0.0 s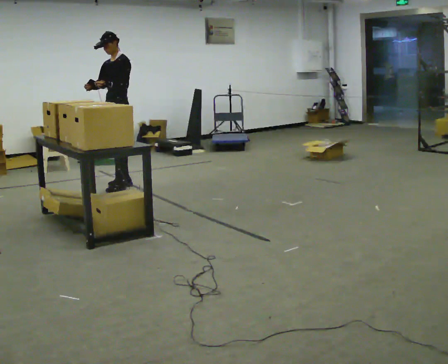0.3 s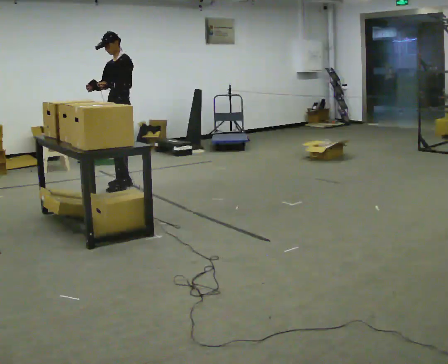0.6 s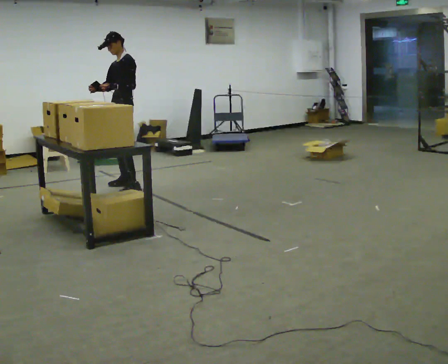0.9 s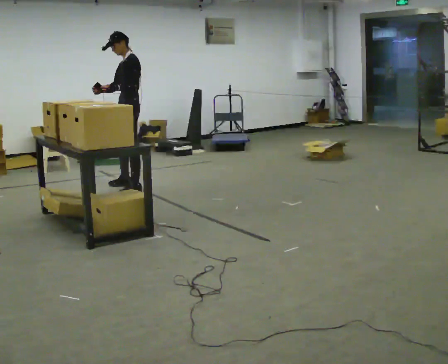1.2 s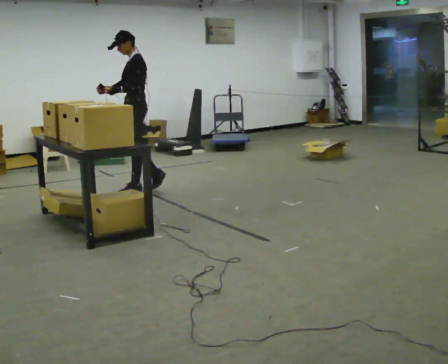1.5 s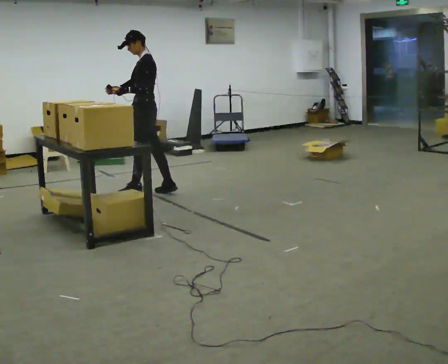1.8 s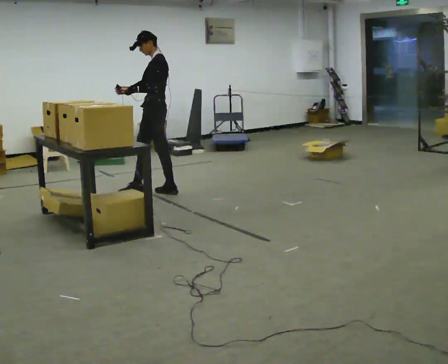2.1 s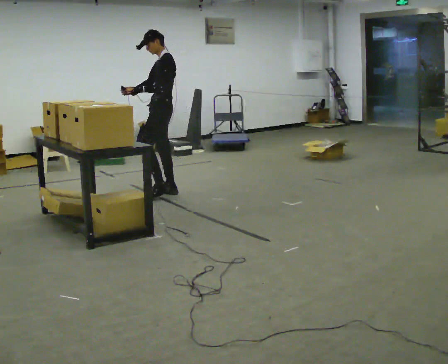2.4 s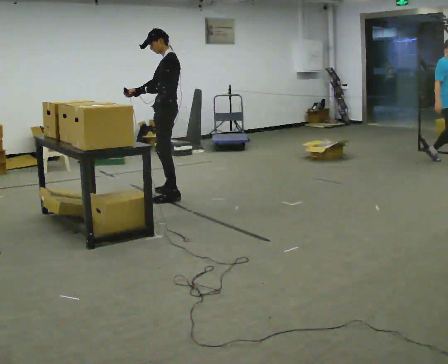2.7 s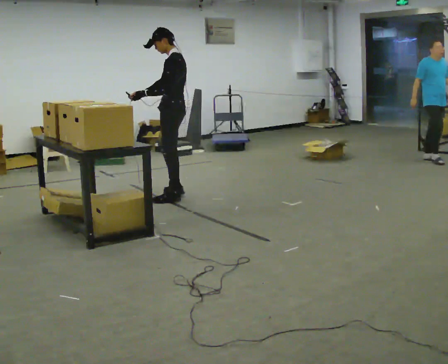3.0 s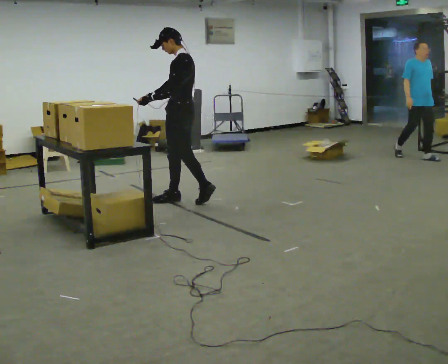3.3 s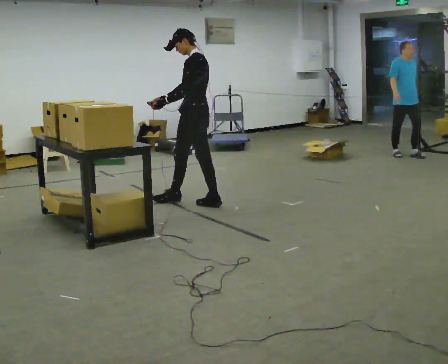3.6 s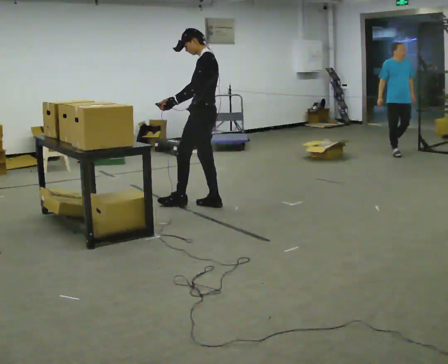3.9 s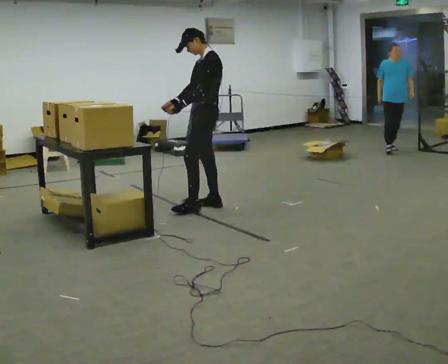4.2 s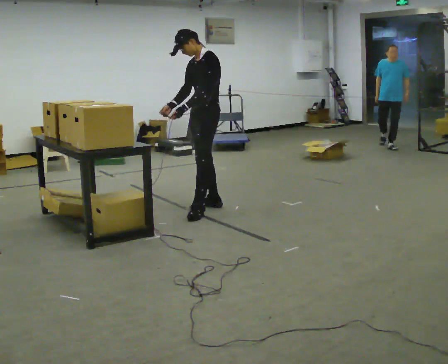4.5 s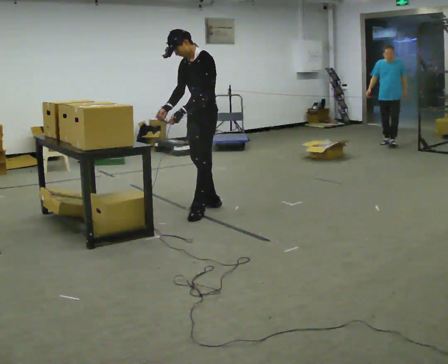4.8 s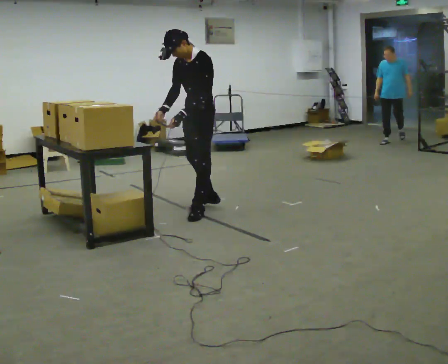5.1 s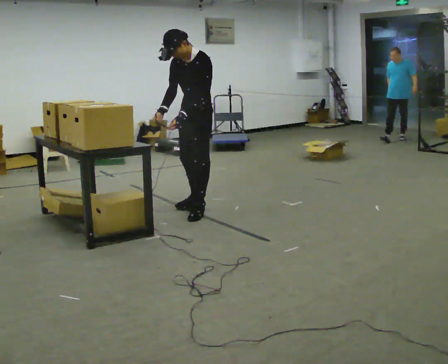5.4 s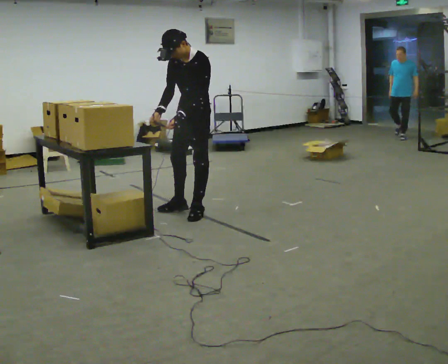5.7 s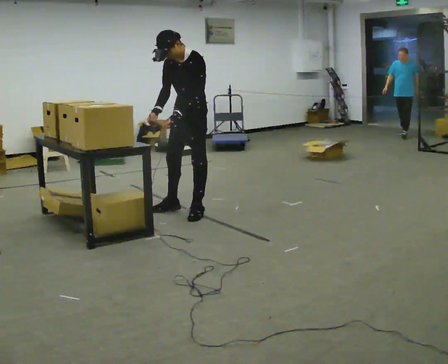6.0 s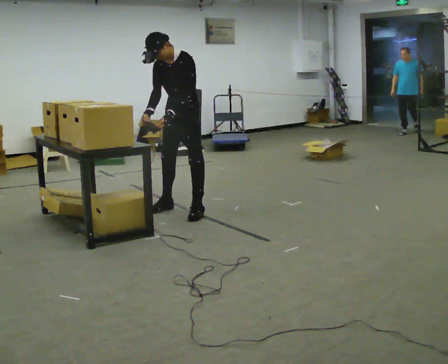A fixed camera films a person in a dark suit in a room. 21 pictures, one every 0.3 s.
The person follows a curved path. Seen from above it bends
clockwise.
The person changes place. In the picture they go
toward the camera.
0.0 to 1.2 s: The part of the body nearest the lens slides to the left as the person turns to their right by about 30 degrees. In the picture they go toward the camera and to the right, about 0.25 m in 2 steps, which for them is to their left.
1.2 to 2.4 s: In the picture they go to the right and toward the camera, about 0.5 m in 1 step, which for them is backward and to their left.
2.4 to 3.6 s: In the picture they go toward the camera and to the right, about 0.5 m in 2 steps, which for them is backward and to their left.
3.6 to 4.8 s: The person turns about 45 degrees to their left, counterclockwise seen from above, so the part of the body nearest the lens slides to the right. In the picture they go toward the camera, about 0.25 m, which for them is to their left and forward. The upper body tips toward the camera, its near side rolling downward, as they bend forward.
4.8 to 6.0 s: In the picture they go to the left, about 0.25 m in 1 step, which for them is to their right.
The film runs backward here.
